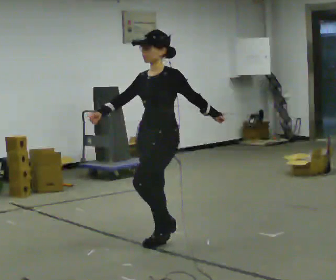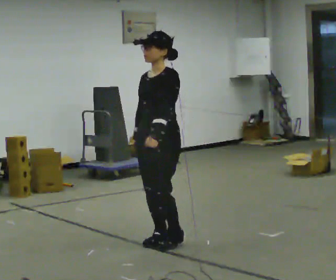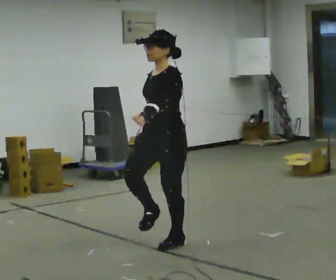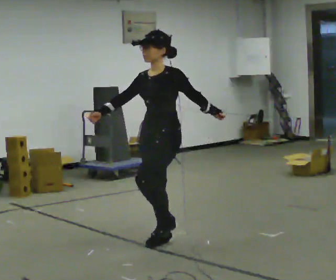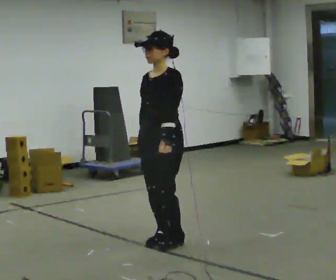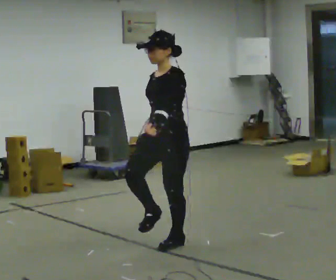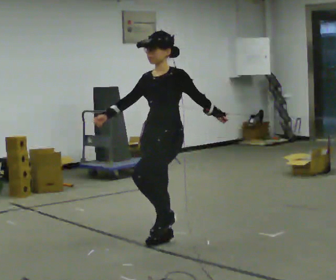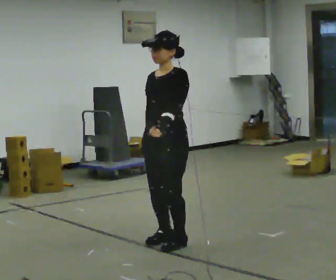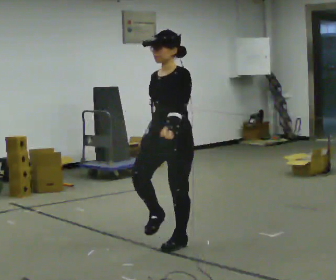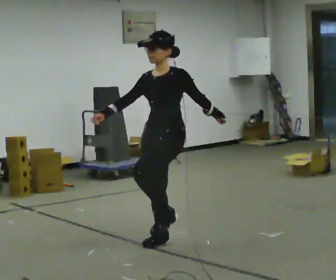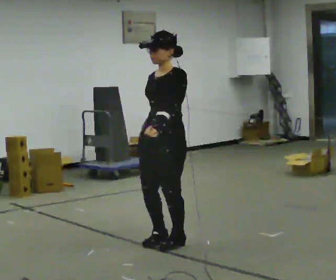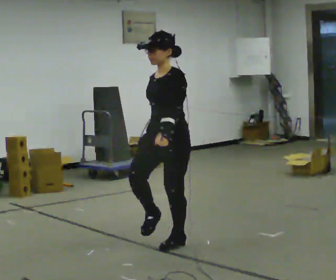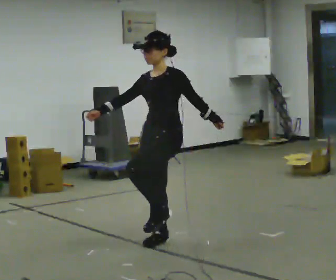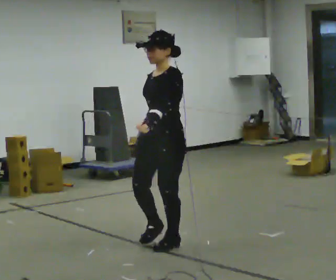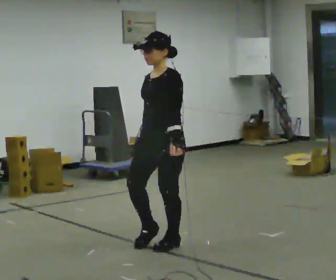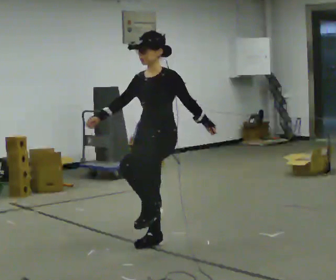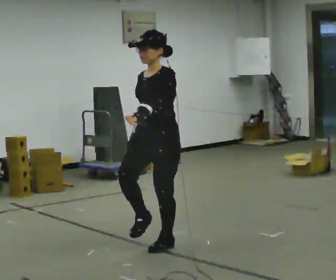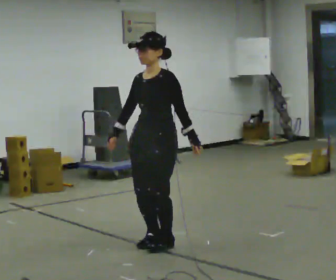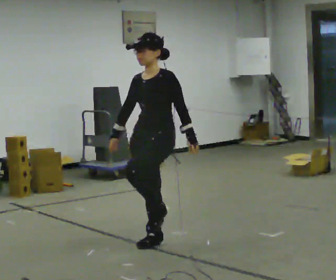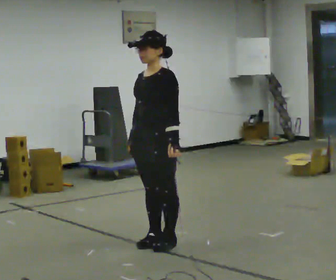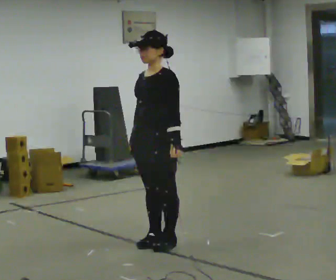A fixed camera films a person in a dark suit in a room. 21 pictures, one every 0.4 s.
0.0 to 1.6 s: In the picture their left hand goes to the left.
1.6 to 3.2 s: The person moves a little, or ends about where they began.
3.2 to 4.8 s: In the picture their left hand goes to the right.
4.8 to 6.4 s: In the picture their left hand goes to the left.
6.4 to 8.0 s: The person moves a little, or ends about where they began.
The film runs backward here.
